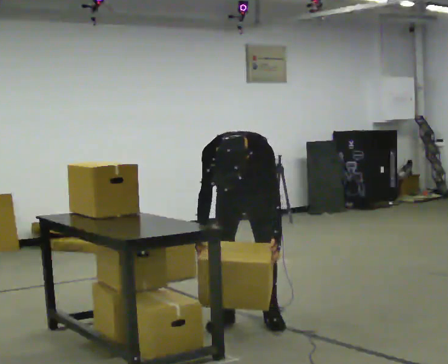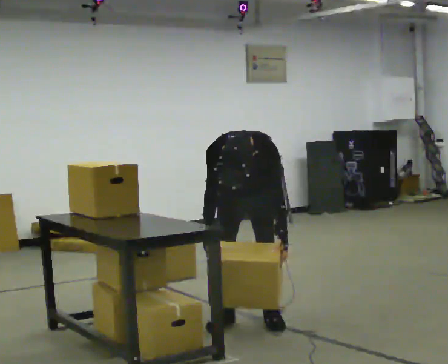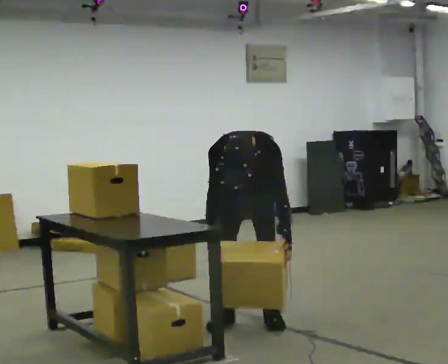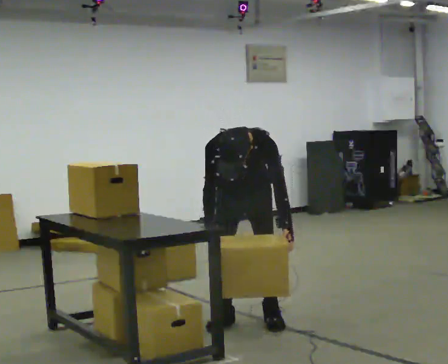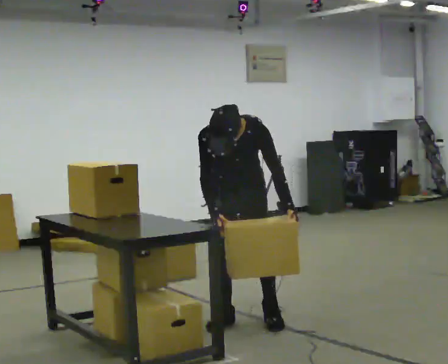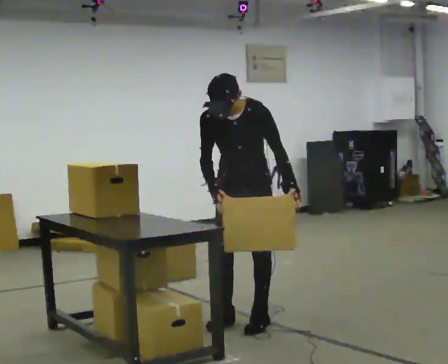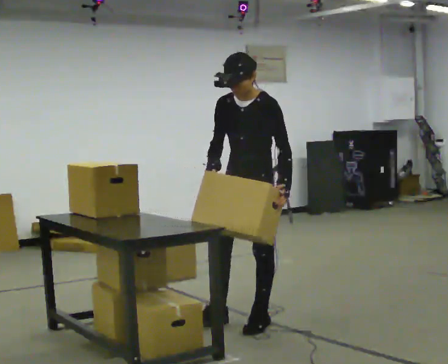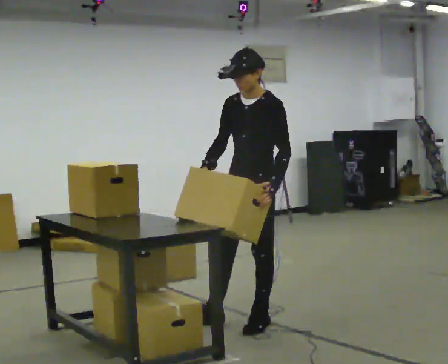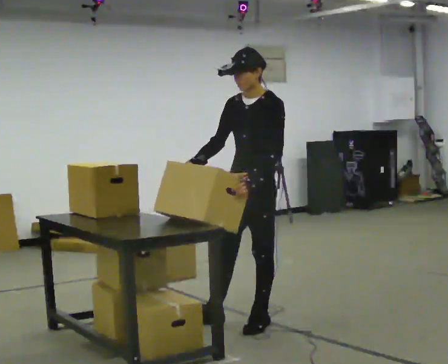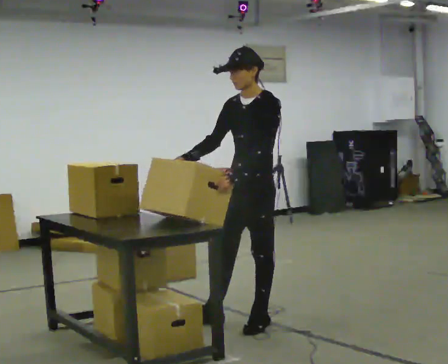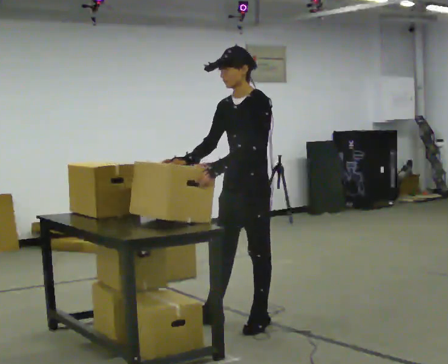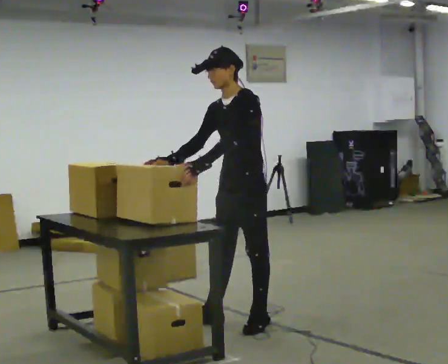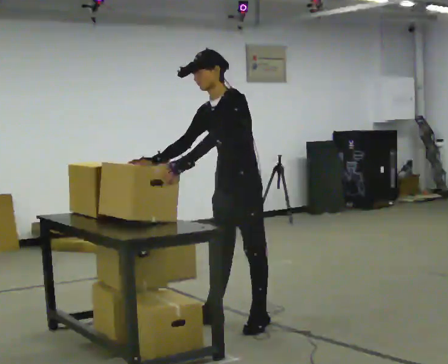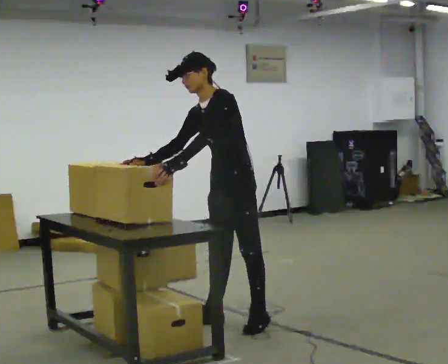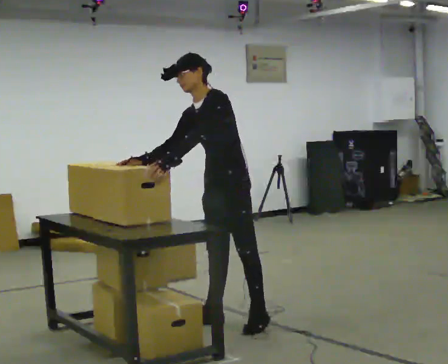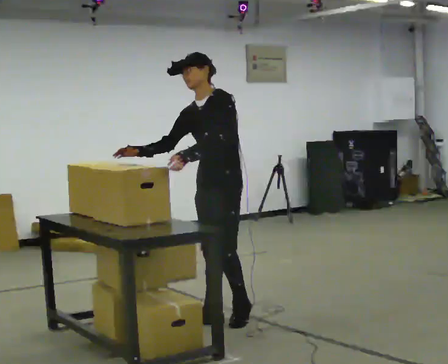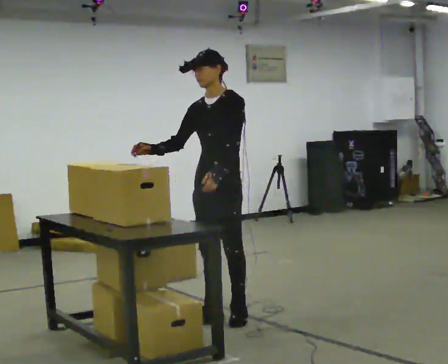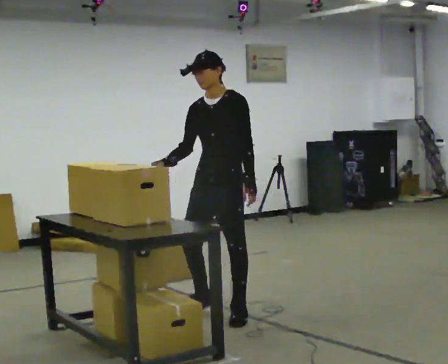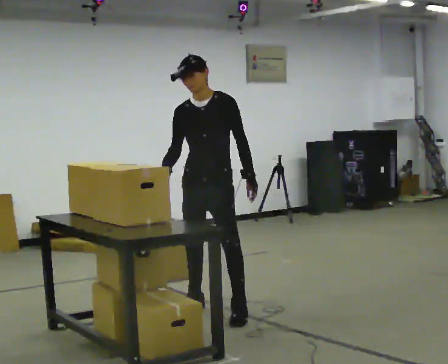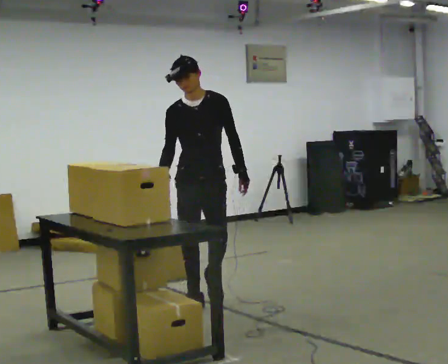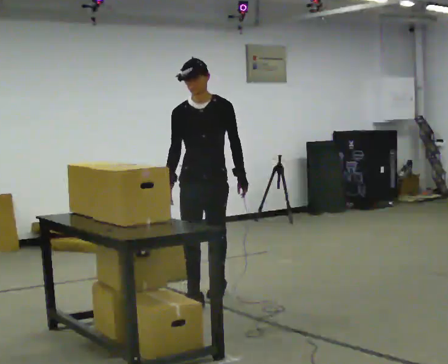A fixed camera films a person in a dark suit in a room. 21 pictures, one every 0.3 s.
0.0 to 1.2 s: The upper body tips away from the camera, its near side rolling upward, as they lean back or straighten.
1.2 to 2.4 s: The part of the body nearest the lens slides to the left as the person turns to their right by about 45 degrees. In the picture they go toward the camera and to the right, about 0.25 m, which for them is to their left. The shoulders move upward. The upper body tips away from the camera, its near side rolling upward, as they lean back or straighten.
2.4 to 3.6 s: In the picture the upper body tilts counterclockwise, shoulders to the left. In the picture their left hand goes to the left.
3.6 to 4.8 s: The person moves a little, or ends about where they began.
4.8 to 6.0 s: The part of the body nearest the lens slides to the right as the person turns to their left by about 45 degrees. In the picture they go away from the camera, about 0.5 m in 2 steps, which for them is backward and to their right.
The film runs backward here.
